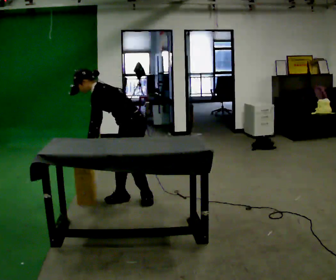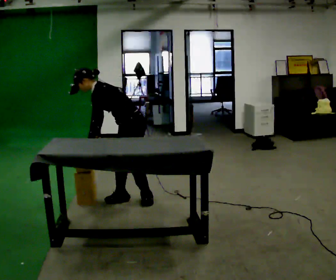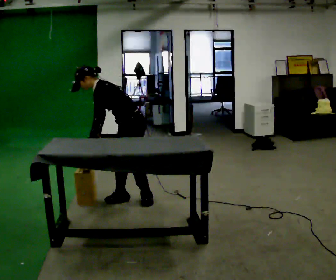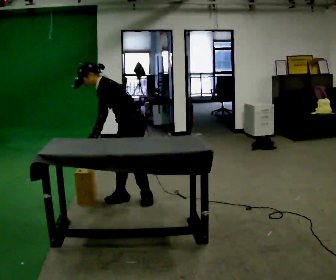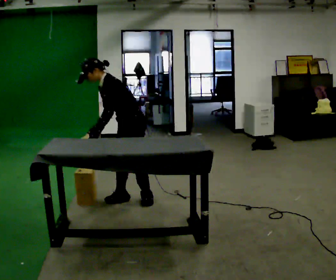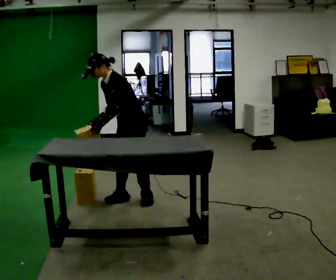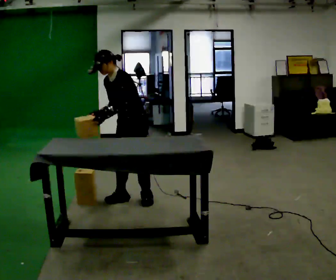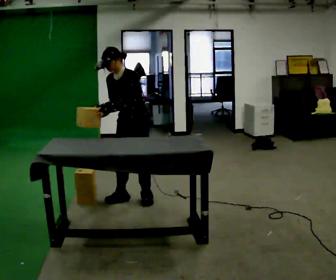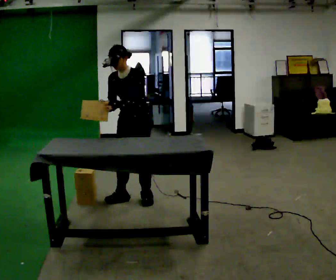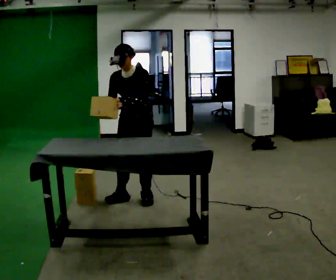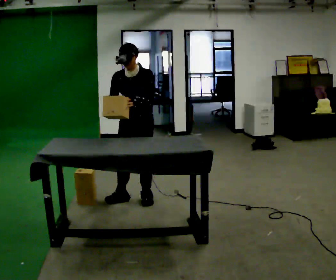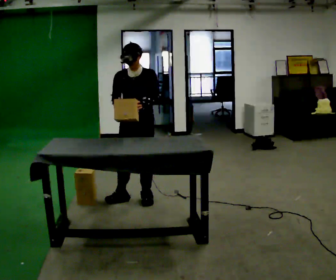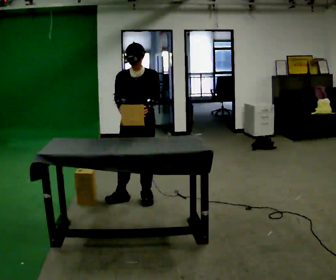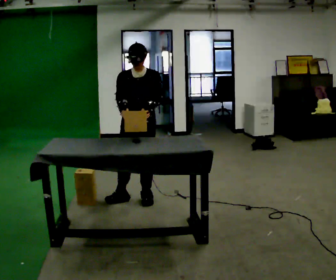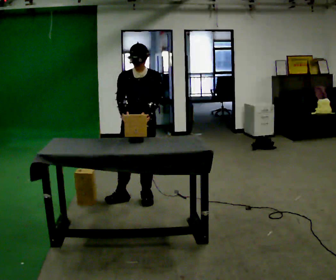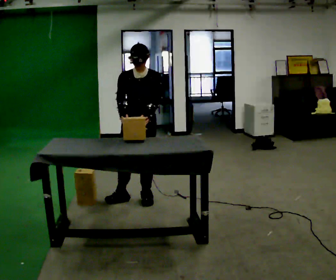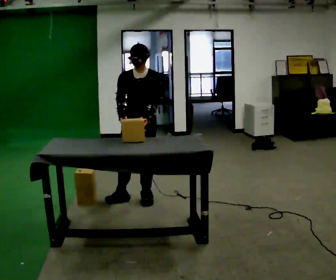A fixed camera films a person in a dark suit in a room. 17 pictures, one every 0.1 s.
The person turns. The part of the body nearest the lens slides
to the right.
The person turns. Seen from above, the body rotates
counterclockwise.
0.0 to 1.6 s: The person turns about 60 degrees to their left, counterclockwise seen from above, so the part of the body nearest the lens slides to the right. In the picture the upper body tilts clockwise, shoulders to the right, as they lean back or straighten.
The film runs forward here.
